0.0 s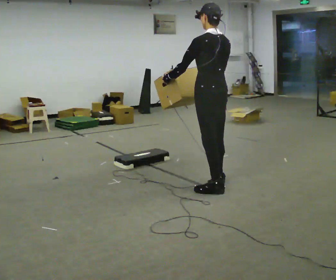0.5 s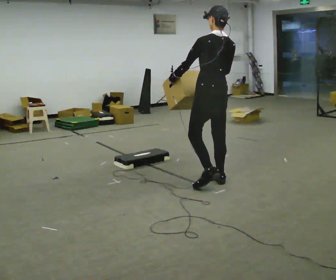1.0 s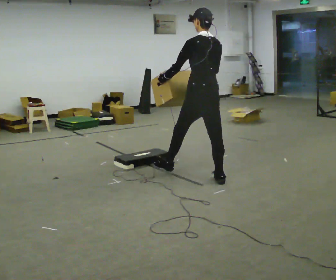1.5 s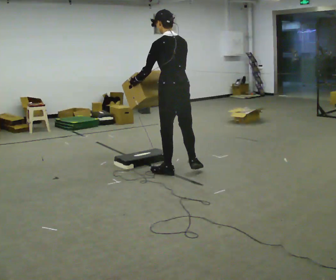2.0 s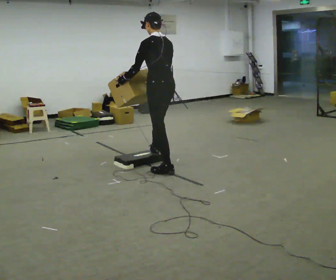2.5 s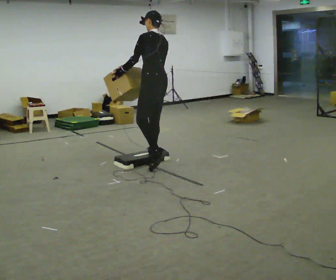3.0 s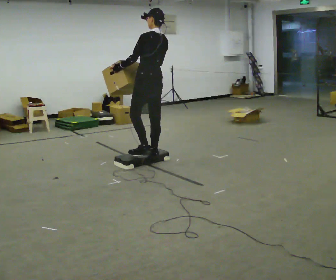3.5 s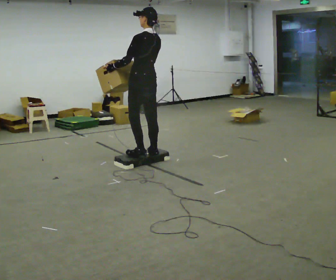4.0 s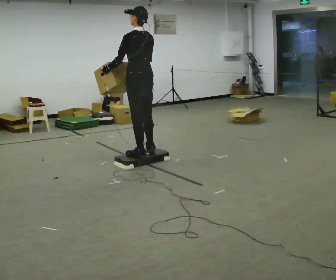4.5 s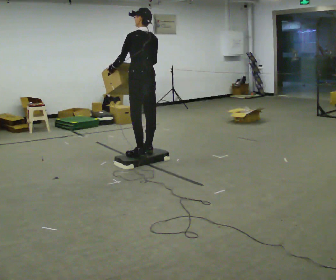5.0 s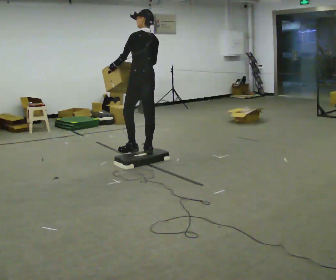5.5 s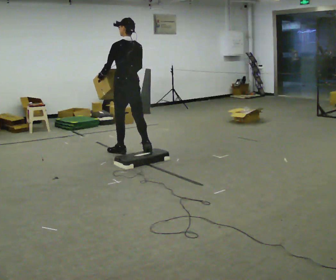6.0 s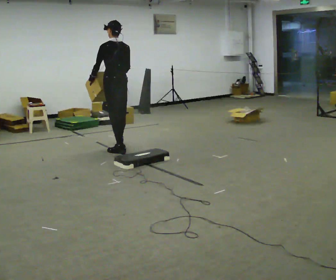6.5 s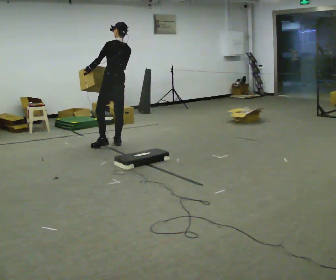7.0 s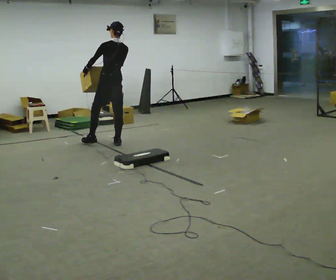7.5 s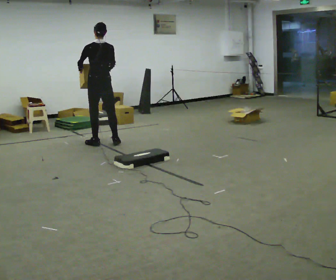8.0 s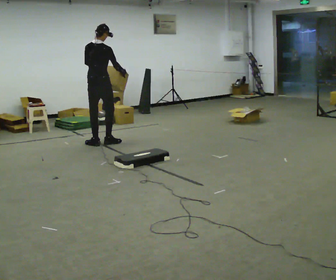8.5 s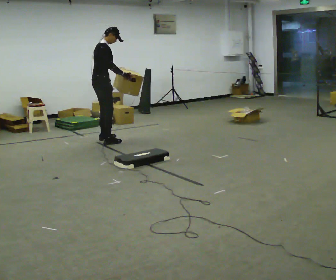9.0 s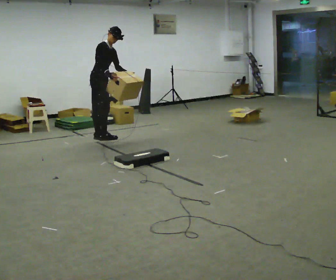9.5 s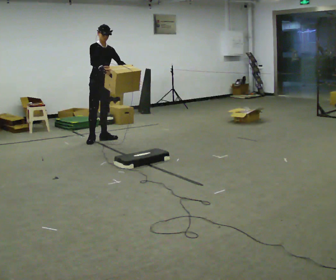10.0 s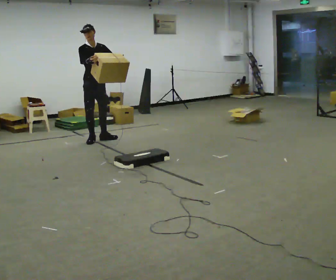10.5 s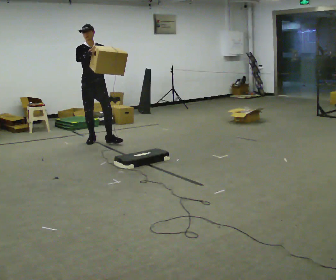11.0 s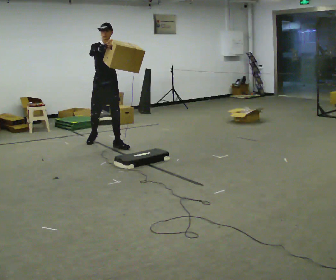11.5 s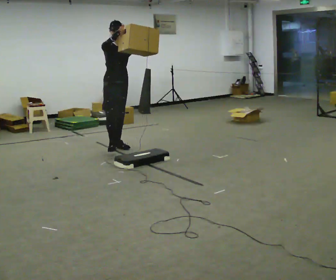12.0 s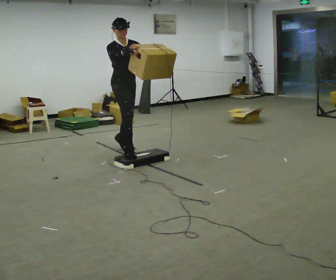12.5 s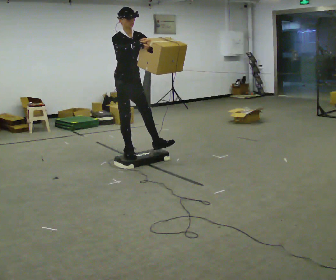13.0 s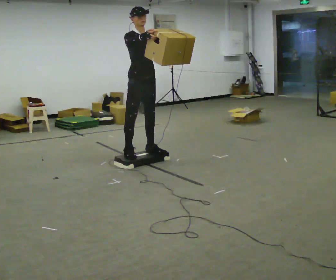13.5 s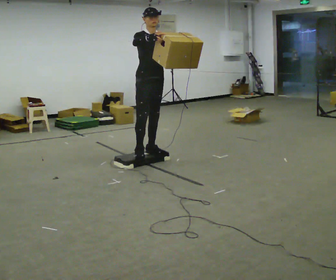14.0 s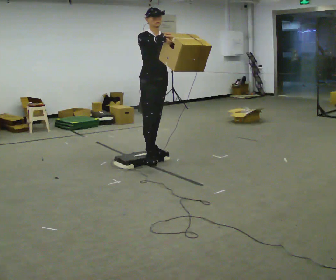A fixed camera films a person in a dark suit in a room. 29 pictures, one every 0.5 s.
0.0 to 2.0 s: In the picture they go away from the camera and to the left, about 1 m in 1 step, which for them is forward.
2.0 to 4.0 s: In the picture they go away from the camera and to the left, about 0.5 m in 2 steps, which for them is forward.
4.0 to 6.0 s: In the picture they go away from the camera and to the left, about 0.5 m in 2 steps, which for them is forward.
6.0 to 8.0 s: The person turns about 45 degrees to their right, clockwise seen from above, so the part of the body nearest the lens slides to the left. In the picture they go away from the camera and to the left, about 0.5 m in 3 steps, which for them is forward.
8.0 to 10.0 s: Seen from above the body turns clockwise, about 135 degrees: to their right, with its near side sliding to the left. In the picture they go away from the camera, about 0.25 m in 2 steps.
10.0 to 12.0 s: In the picture they go toward the camera and to the right, about 1 m in 2 steps, which for them is forward.
12.0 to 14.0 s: In the picture they go toward the camera and to the right, about 0.5 m in 1 step, which for them is forward.
The film runs forward here.
